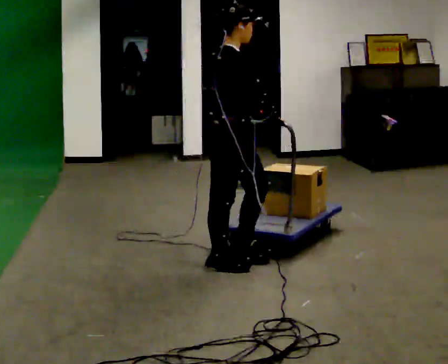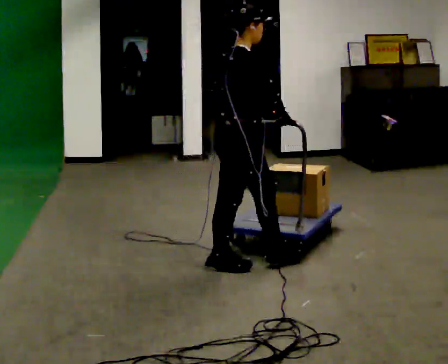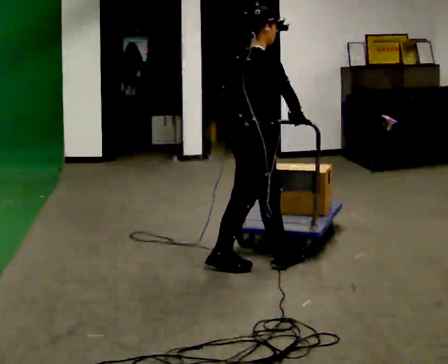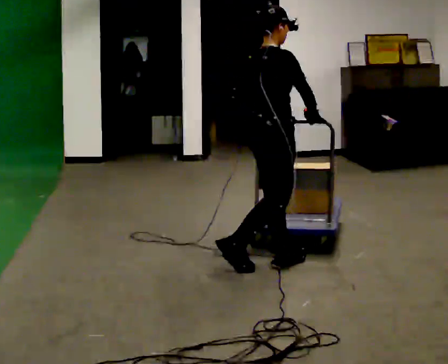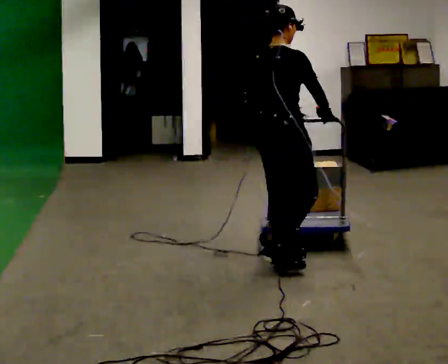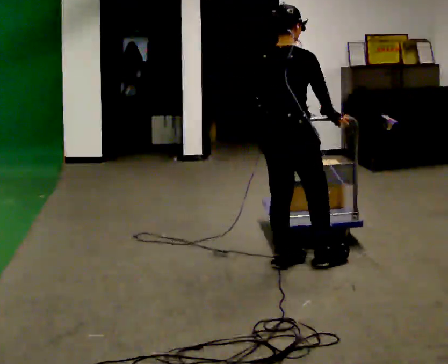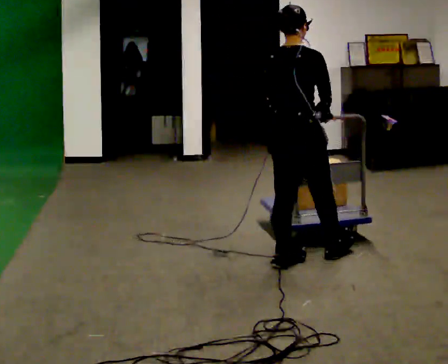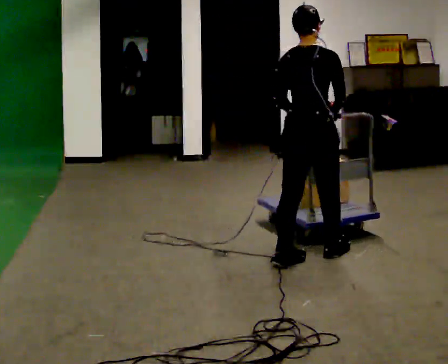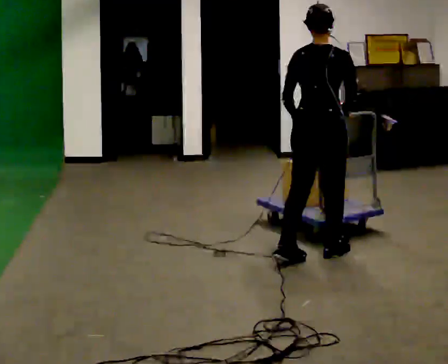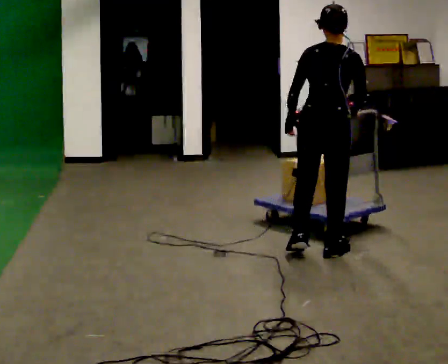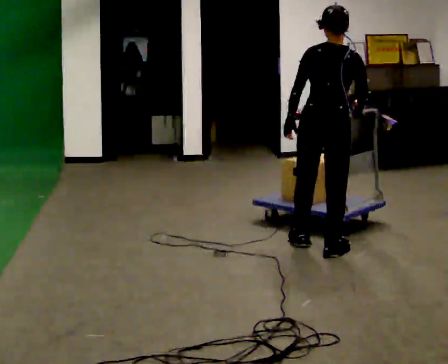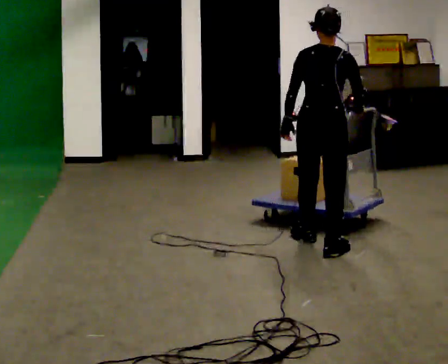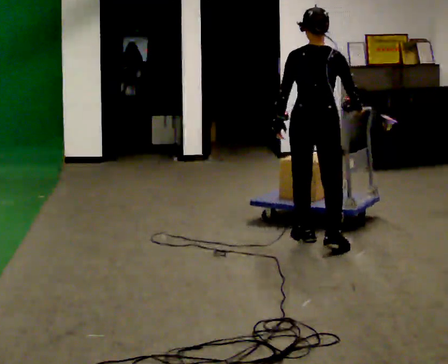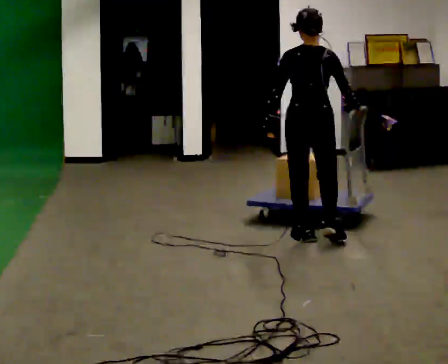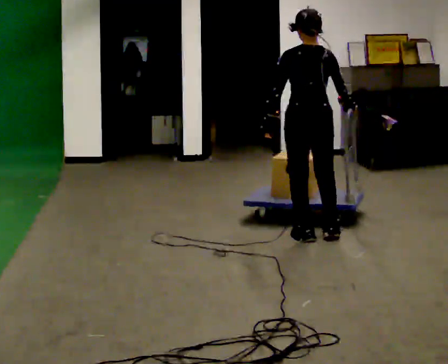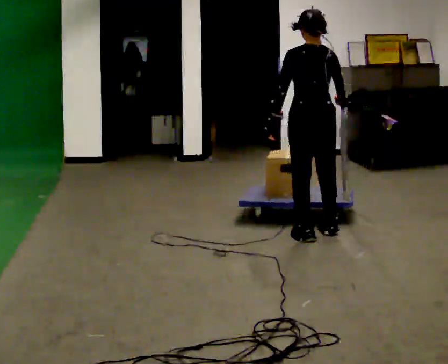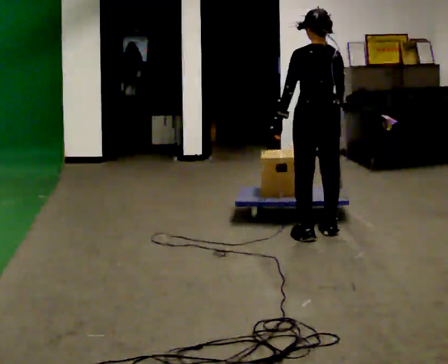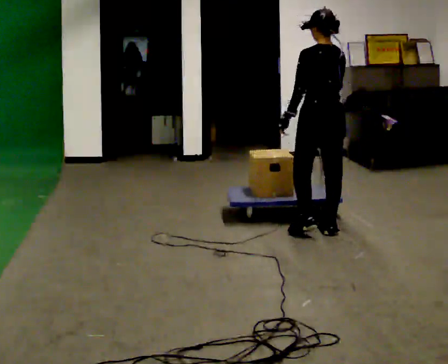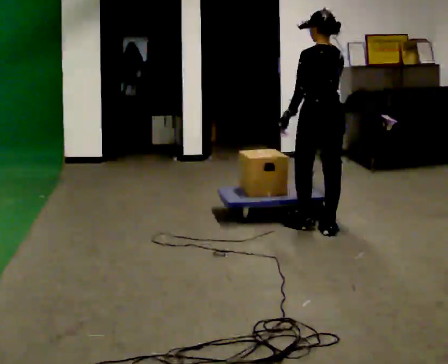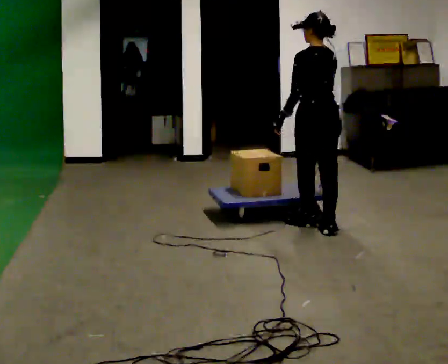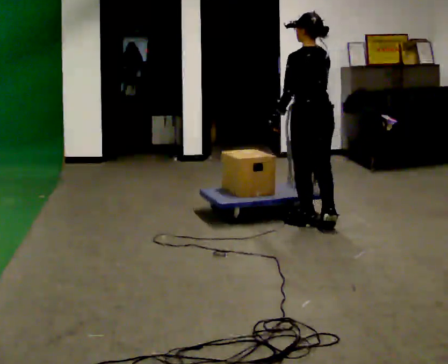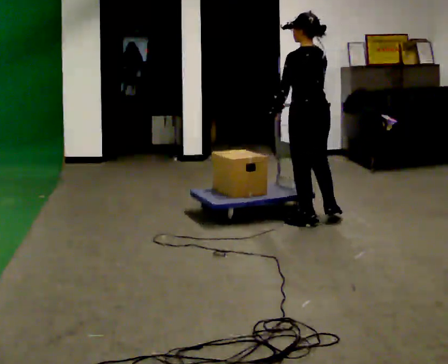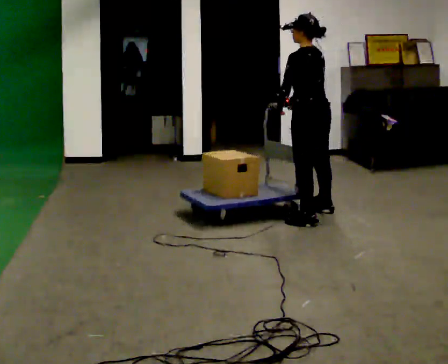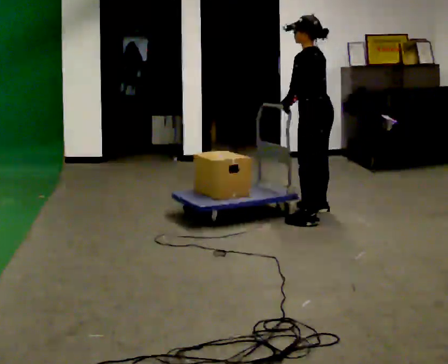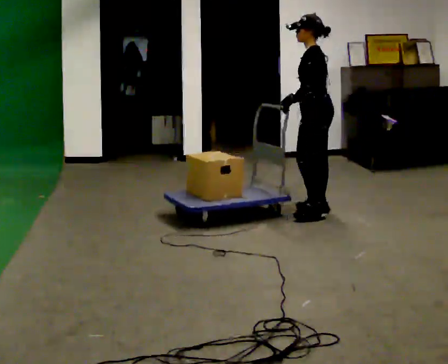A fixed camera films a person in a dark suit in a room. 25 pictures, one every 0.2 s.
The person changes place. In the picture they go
away from the camera.
The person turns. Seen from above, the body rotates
counterclockwise.
0.0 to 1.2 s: The person turns about 45 degrees to their left, counterclockwise seen from above, so the part of the body nearest the lens slides to the right. In the picture they go to the right, about 0.5 m in 1 step, which for them is forward.
1.2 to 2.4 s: The person turns about 30 degrees to their left, counterclockwise seen from above, so the part of the body nearest the lens slides to the right. In the picture they go away from the camera, about 0.5 m in 2 steps, which for them is forward.
2.4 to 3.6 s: The part of the body nearest the lens slides to the right as the person turns to their left by about 30 degrees. In the picture they go away from the camera, about 0.25 m in 1 step, which for them is forward and to their right.
3.6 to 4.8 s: Seen from above the body turns counterclockwise, about 60 degrees: to their left, with its near side sliding to the right. In the picture they go away from the camera, about 0.5 m in 2 steps, which for them is forward and to their right.
The film runs forward here.
